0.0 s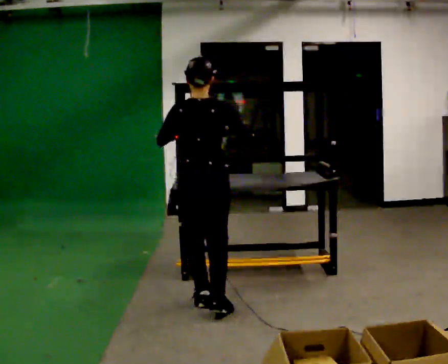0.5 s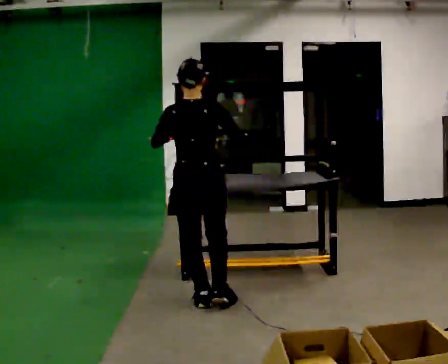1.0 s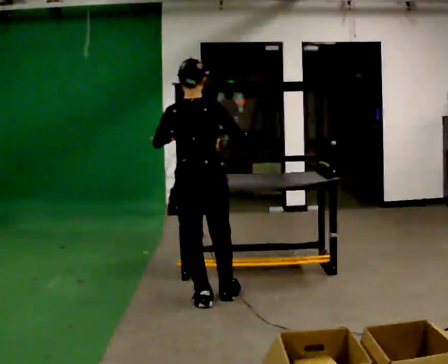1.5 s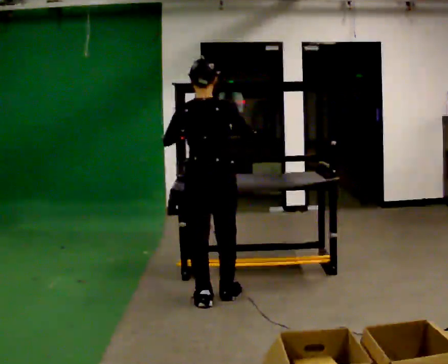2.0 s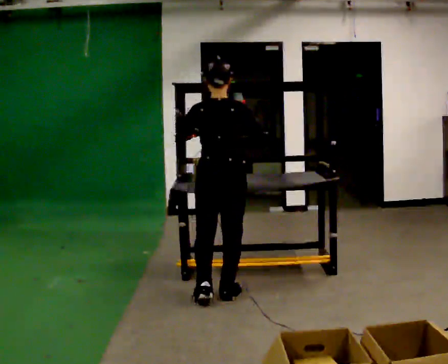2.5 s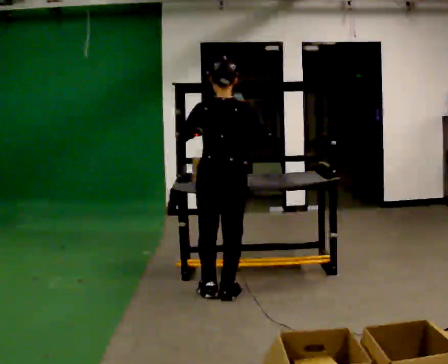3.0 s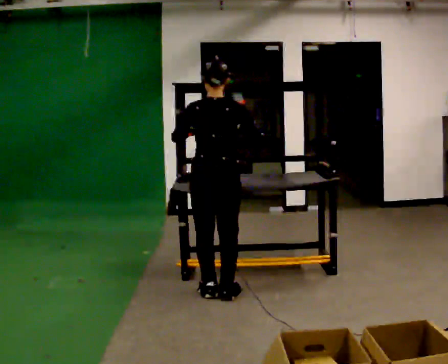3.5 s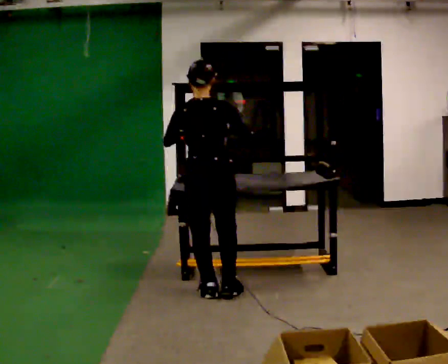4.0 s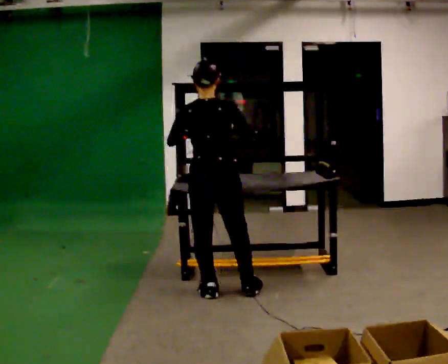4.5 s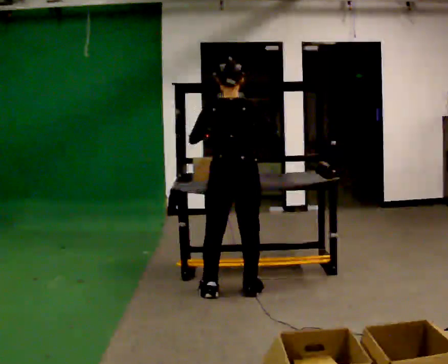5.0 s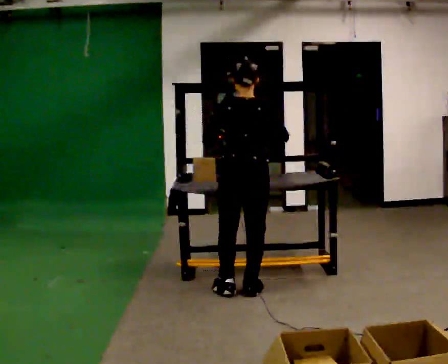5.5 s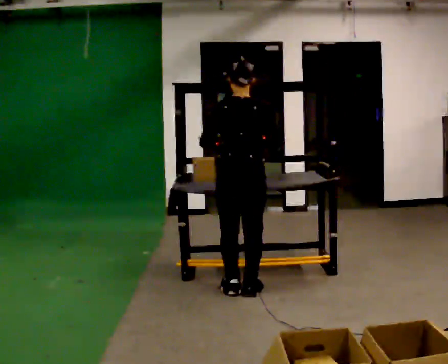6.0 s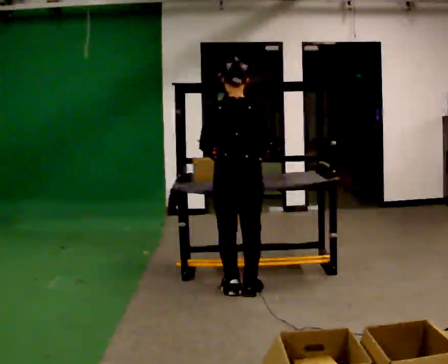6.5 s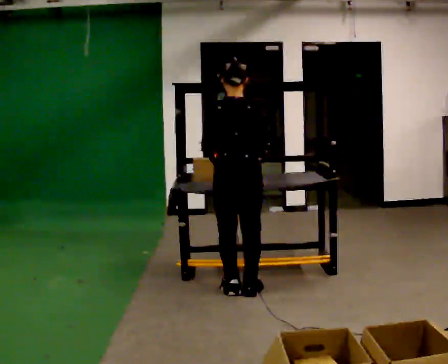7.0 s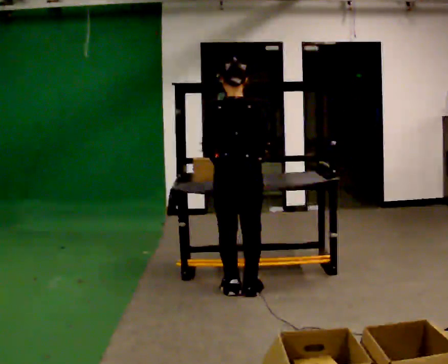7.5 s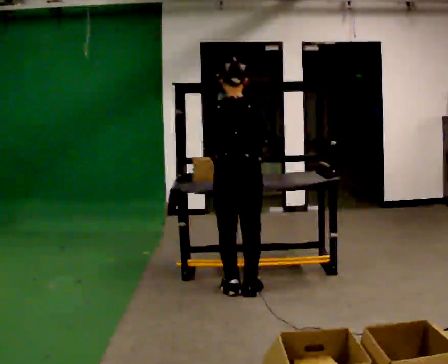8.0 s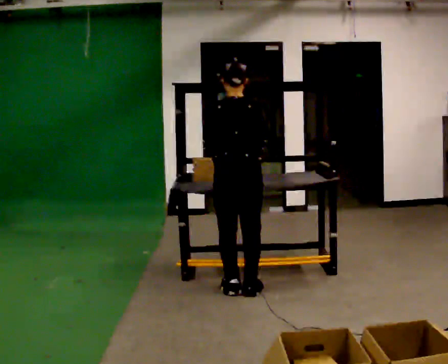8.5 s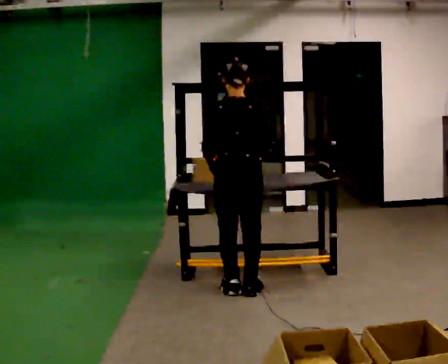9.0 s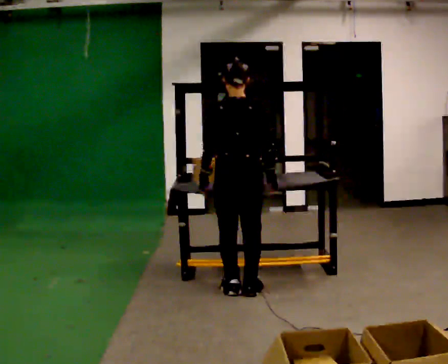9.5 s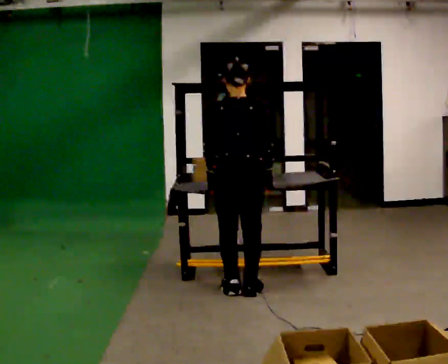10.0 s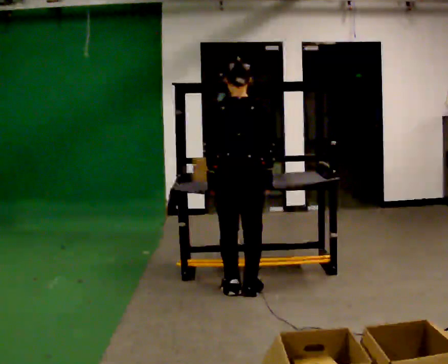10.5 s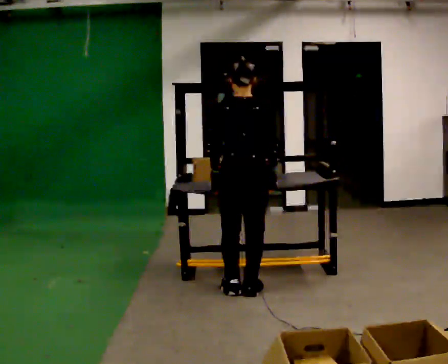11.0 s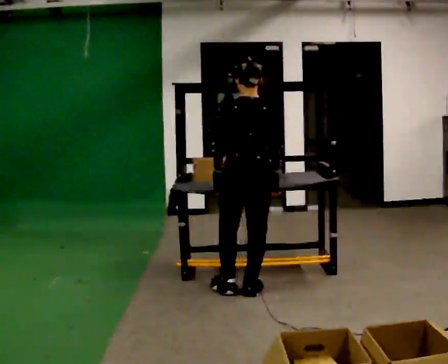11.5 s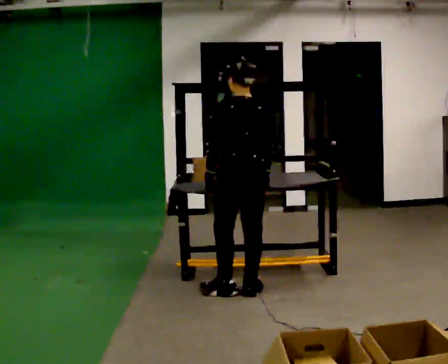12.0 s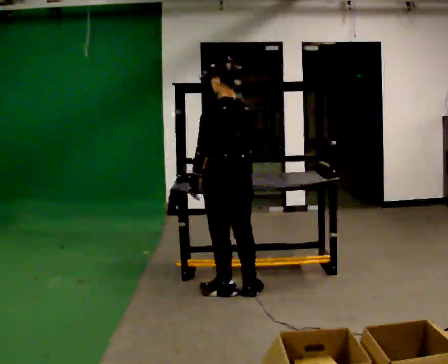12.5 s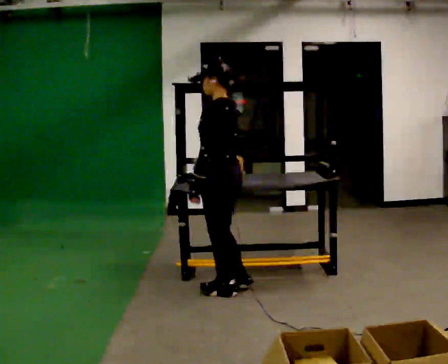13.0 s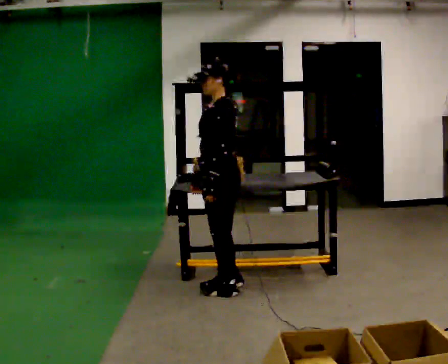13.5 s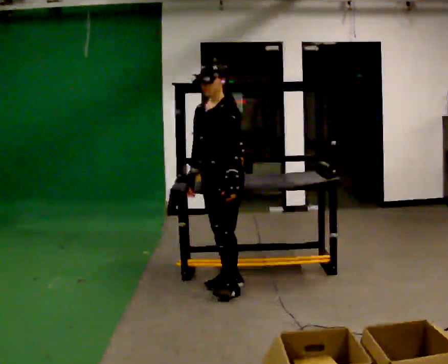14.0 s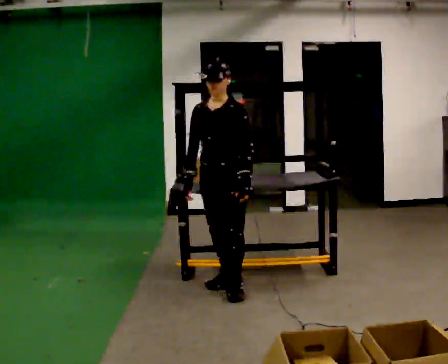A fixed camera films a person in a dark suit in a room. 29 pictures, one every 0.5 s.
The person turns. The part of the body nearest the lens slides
to the right.
The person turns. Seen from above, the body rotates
counterclockwise.
0.0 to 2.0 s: In the picture they go away from the camera, about 0.25 m in 1 step, which for them is forward.
2.0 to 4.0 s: The person moves a little, or ends about where they began.
4.0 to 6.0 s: In the picture they go to the right, about 0.25 m, which for them is to their right.
6.0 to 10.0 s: The person moves a little, or ends about where they began.
10.0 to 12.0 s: The person turns about 45 degrees to their left, counterclockwise seen from above, so the part of the body nearest the lens slides to the right.
12.0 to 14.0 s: Seen from above the body turns counterclockwise, about 105 degrees: to their left, with its near side sliding to the right. In the picture their left hand goes to the right.
The film runs forward here.
